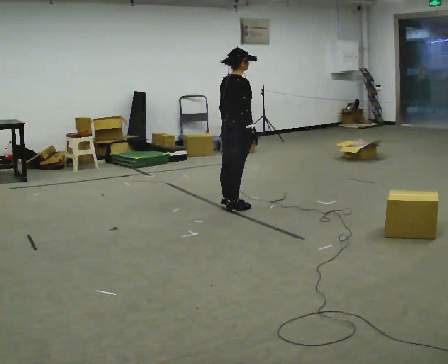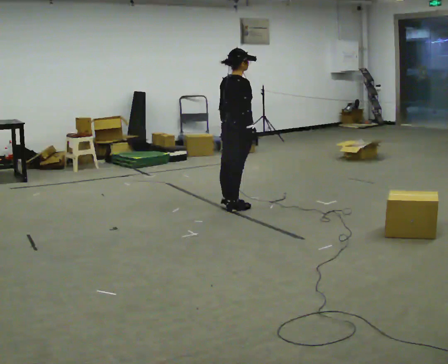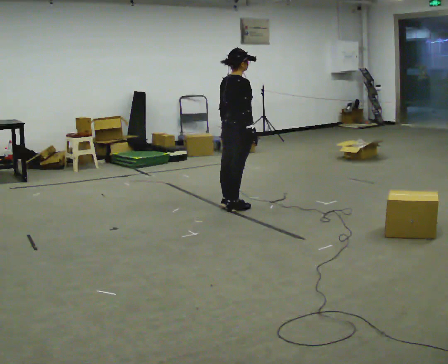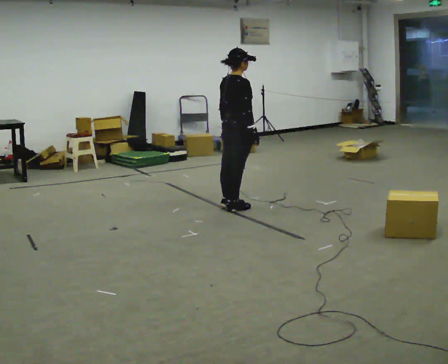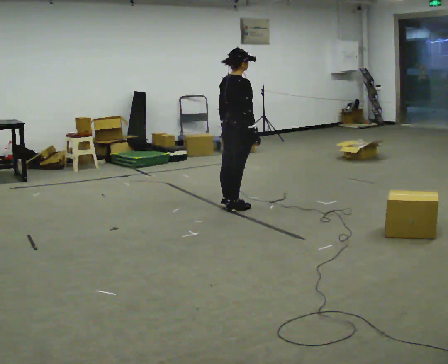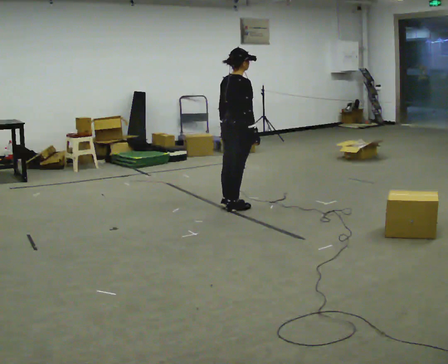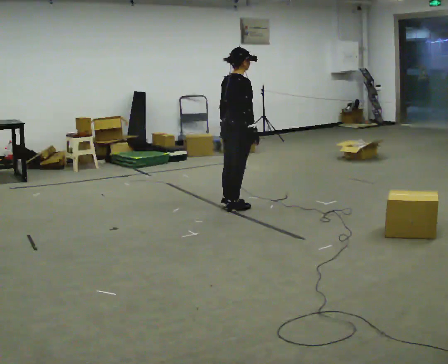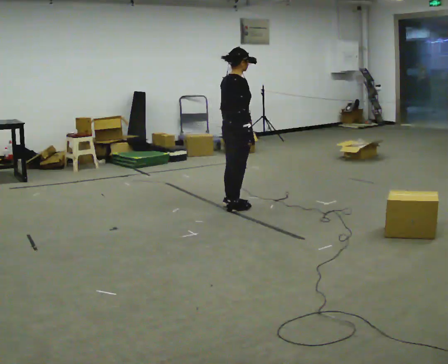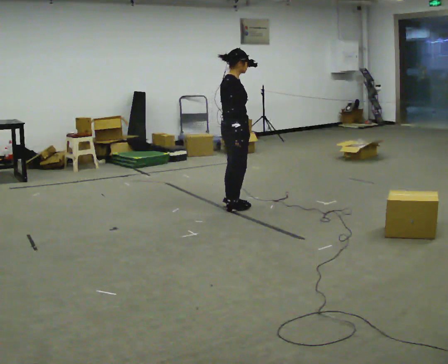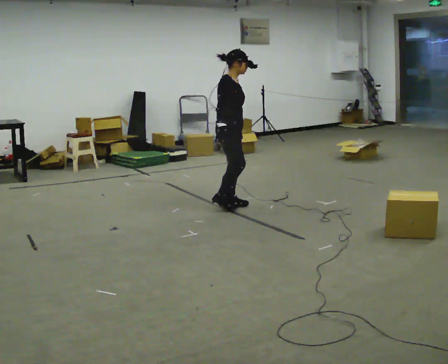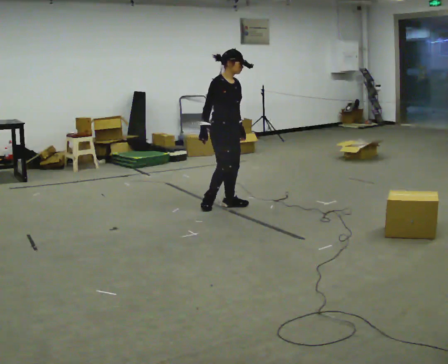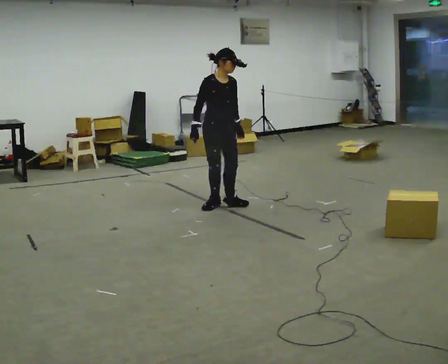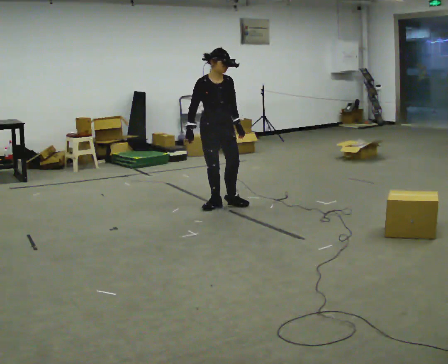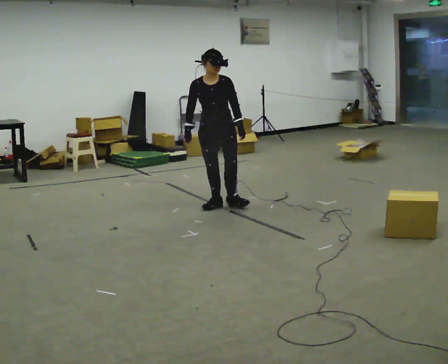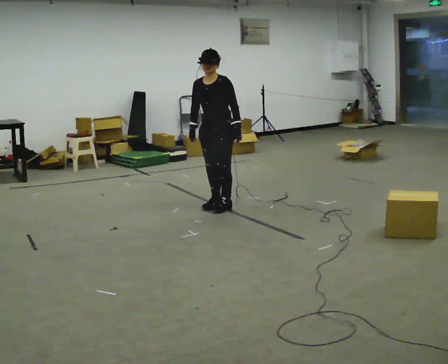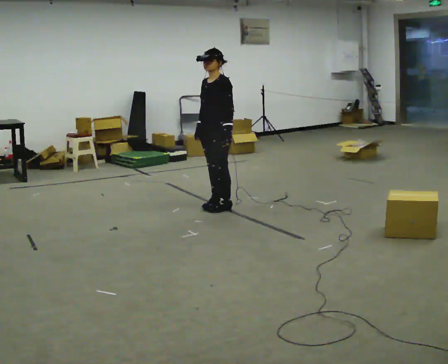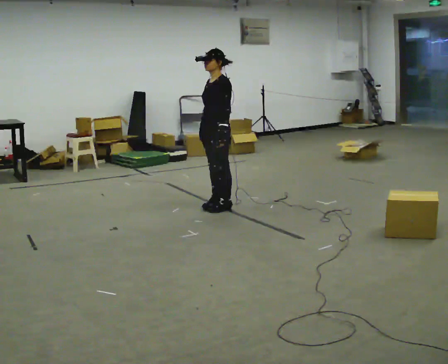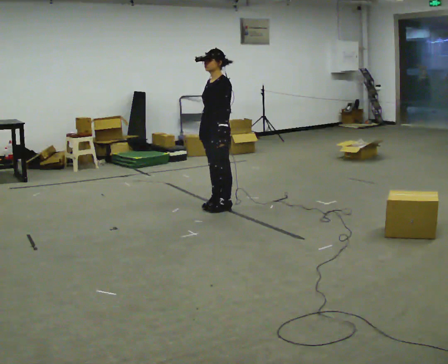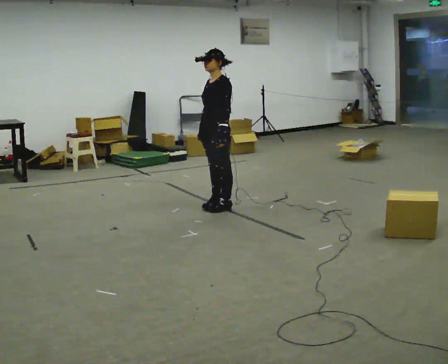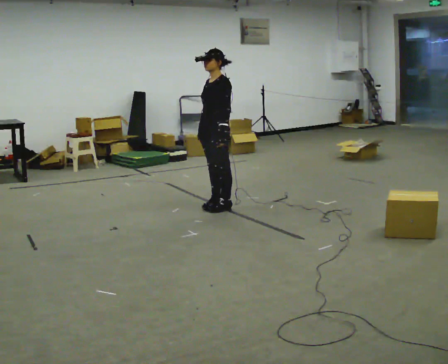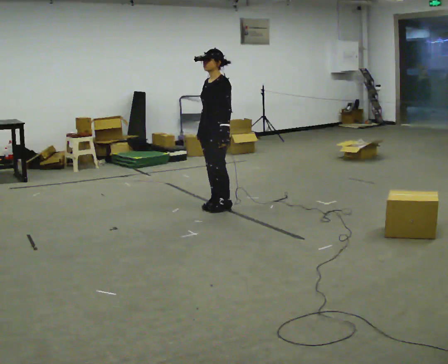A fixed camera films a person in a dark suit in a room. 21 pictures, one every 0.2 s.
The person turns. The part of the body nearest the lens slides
to the left.
The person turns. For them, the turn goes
to their right.
0.0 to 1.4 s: The person moves a little, or ends about where they began.
1.4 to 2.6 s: The part of the body nearest the lens slides to the left as the person turns to their right by about 120 degrees. In the picture their right hand goes to the left, the arm swinging clockwise.
2.6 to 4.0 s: Seen from above the body turns clockwise, about 60 degrees: to their right, with its near side sliding to the left.
The film runs backward here.
